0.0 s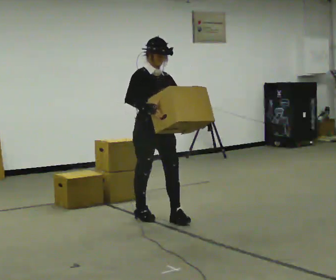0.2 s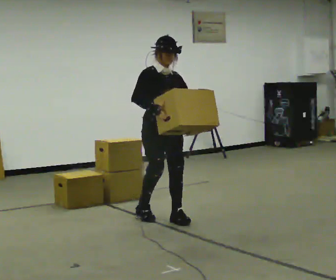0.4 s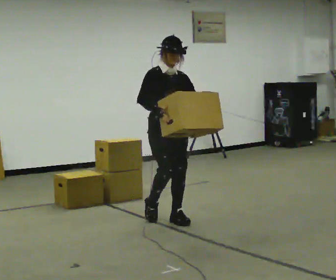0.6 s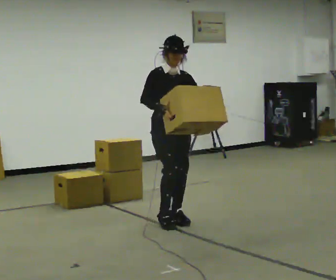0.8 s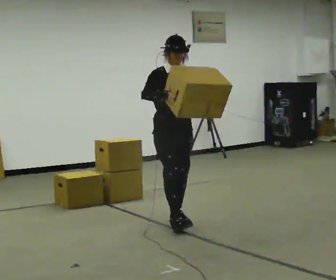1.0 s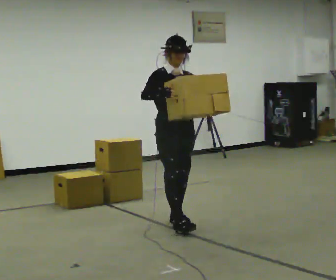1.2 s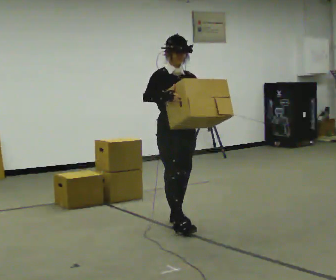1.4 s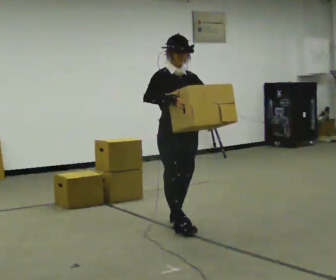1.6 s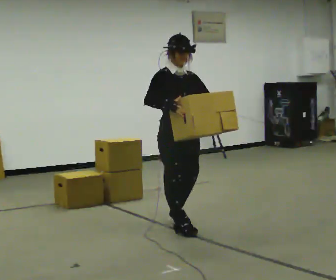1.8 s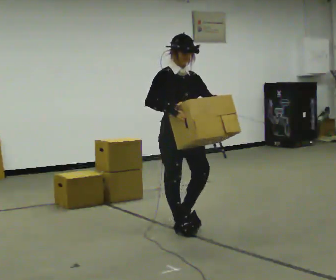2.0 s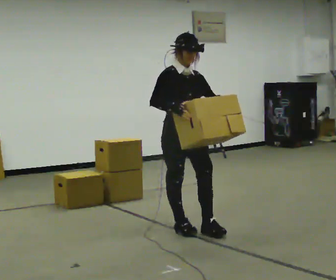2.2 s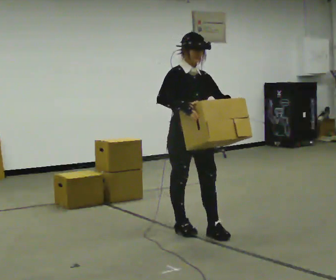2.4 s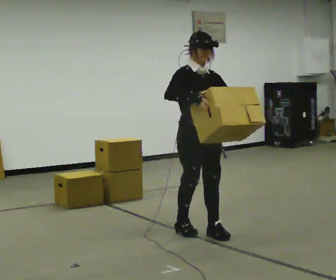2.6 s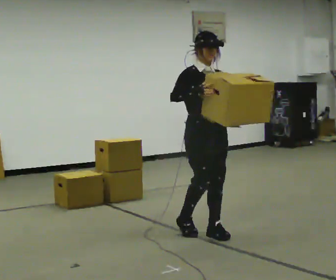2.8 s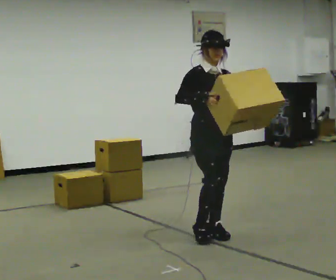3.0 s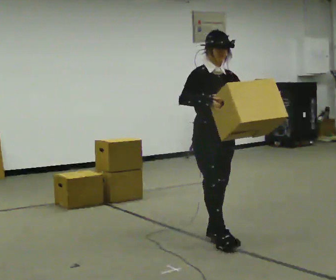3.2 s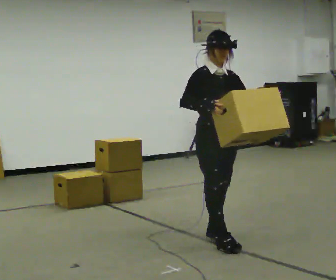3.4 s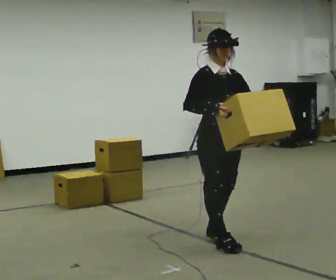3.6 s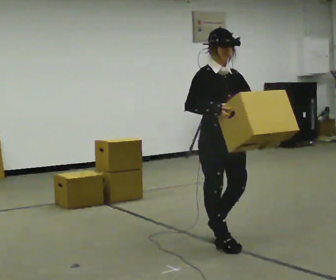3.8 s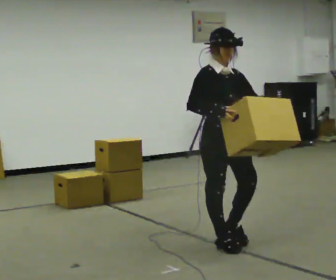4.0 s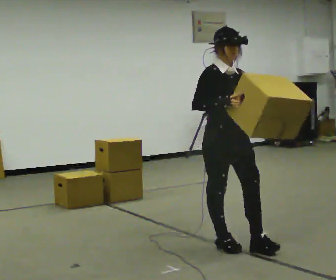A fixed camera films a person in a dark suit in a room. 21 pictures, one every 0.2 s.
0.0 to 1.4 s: In the picture they go toward the camera and to the right, about 0.5 m in 1 step, which for them is forward.
1.4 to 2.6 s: In the picture they go to the right and toward the camera, about 0.25 m in 1 step, which for them is forward.
2.6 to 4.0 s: In the picture they go toward the camera, about 0.5 m in 1 step, which for them is forward.
The film runs forward here.
